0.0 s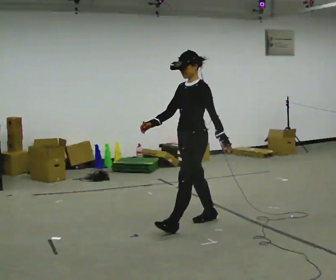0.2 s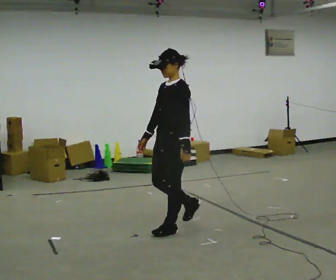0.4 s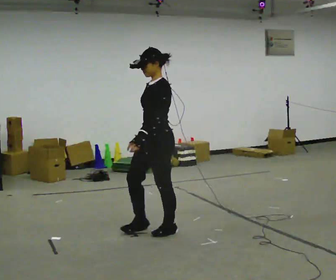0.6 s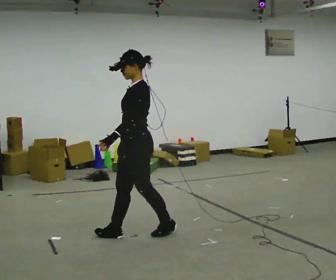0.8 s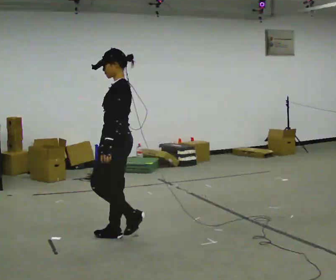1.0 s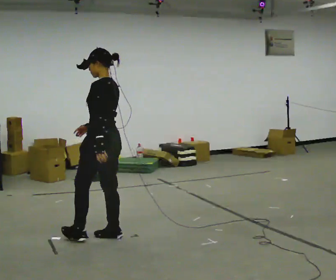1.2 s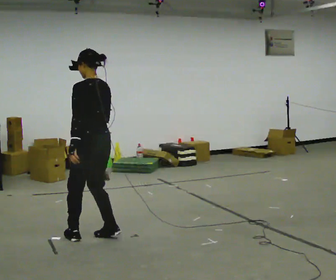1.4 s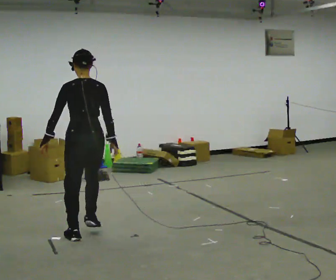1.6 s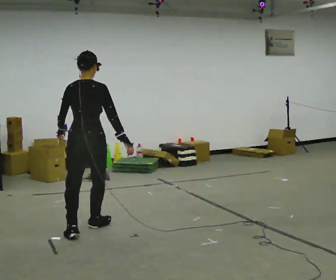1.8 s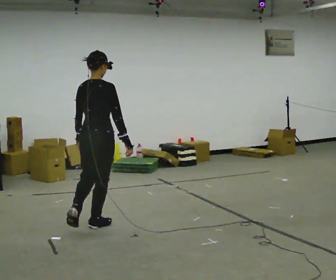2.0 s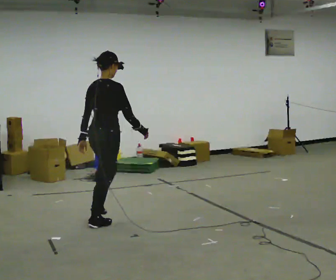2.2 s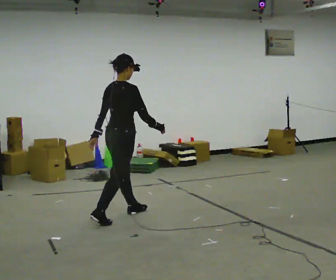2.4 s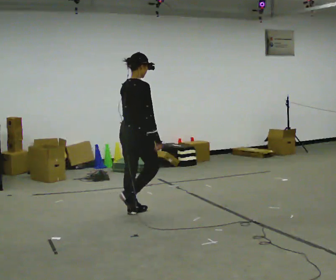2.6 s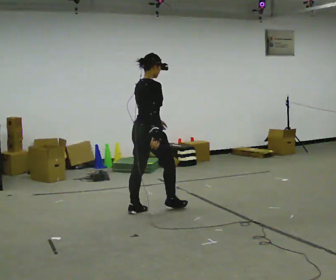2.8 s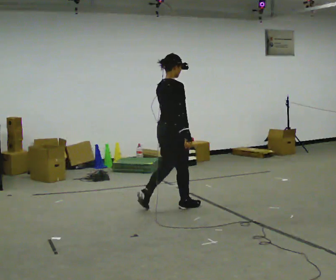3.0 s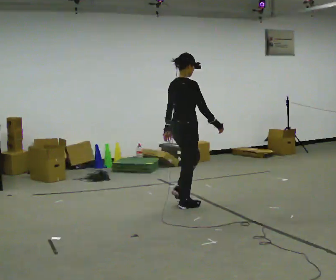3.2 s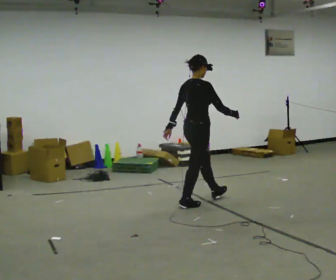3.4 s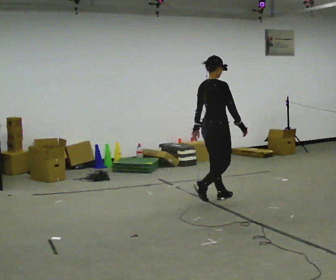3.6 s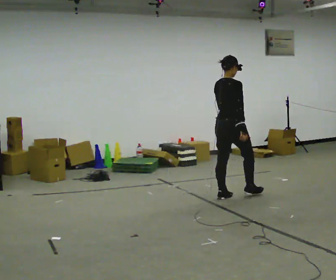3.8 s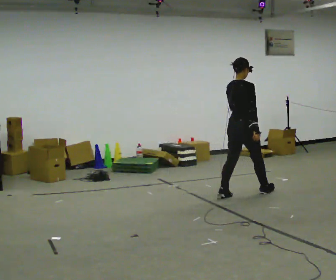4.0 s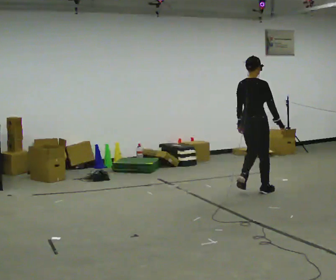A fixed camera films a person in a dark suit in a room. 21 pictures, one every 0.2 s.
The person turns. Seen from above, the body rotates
clockwise.
The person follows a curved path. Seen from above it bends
clockwise.
0.0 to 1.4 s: Seen from above the body turns clockwise, about 105 degrees: to their right, with its near side sliding to the left. In the picture they go to the left, about 1 m in 3 steps.
1.4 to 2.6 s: The person turns about 60 degrees to their right, clockwise seen from above, so the part of the body nearest the lens slides to the left. In the picture they go away from the camera and to the right, about 1 m in 2 steps.
2.6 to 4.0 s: In the picture they go to the right and away from the camera, about 1.5 m in 3 steps, which for them is forward.
The film runs forward here.
